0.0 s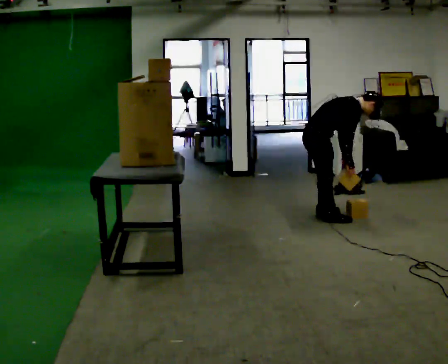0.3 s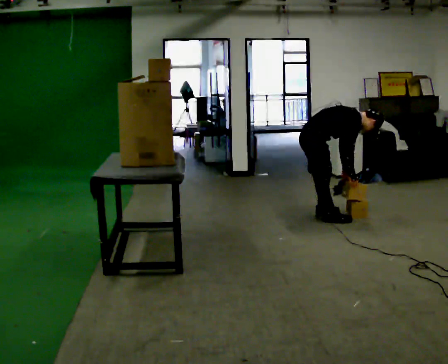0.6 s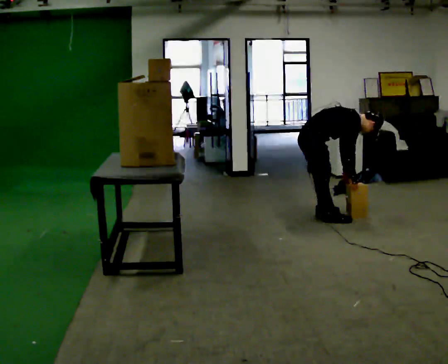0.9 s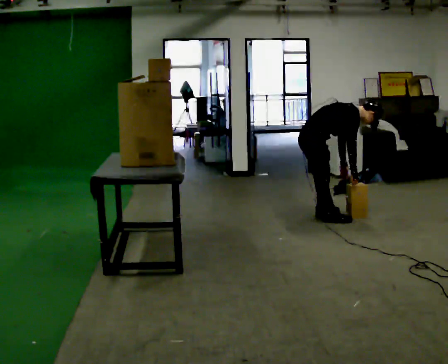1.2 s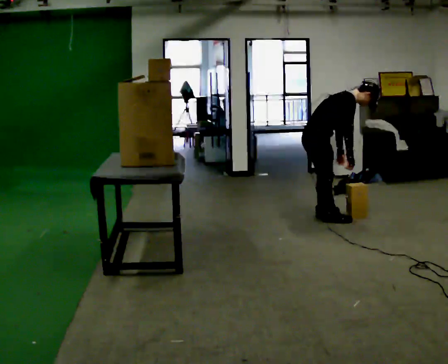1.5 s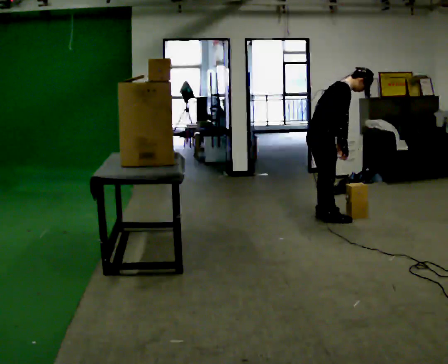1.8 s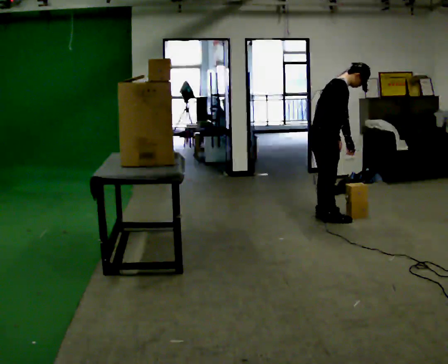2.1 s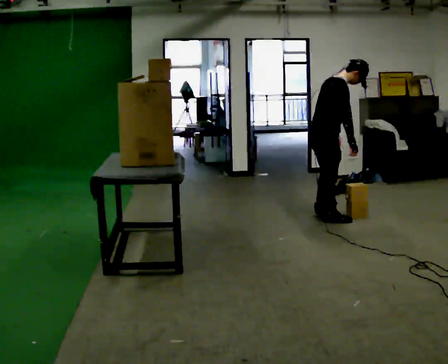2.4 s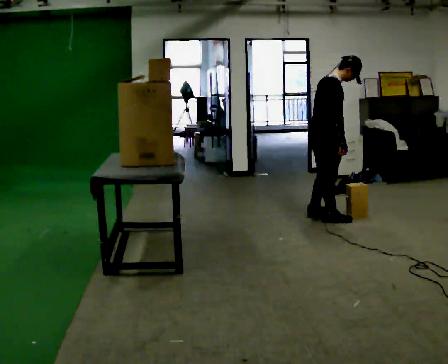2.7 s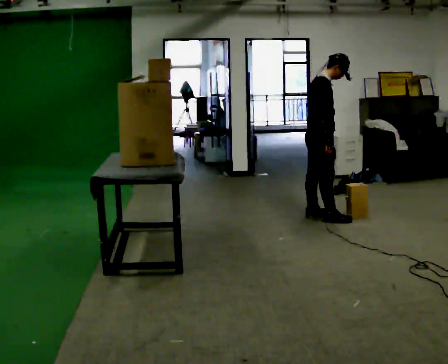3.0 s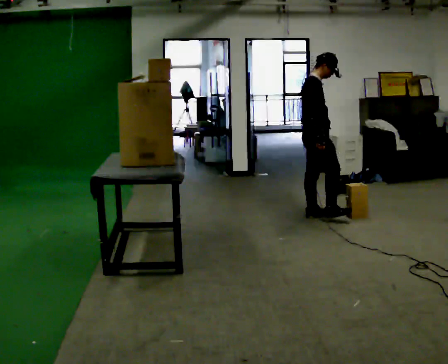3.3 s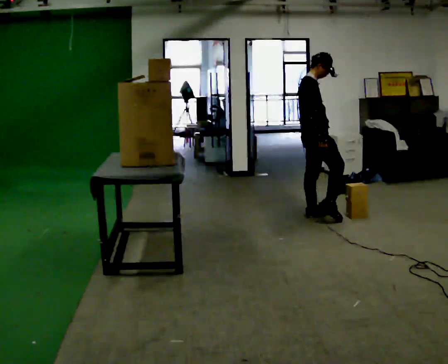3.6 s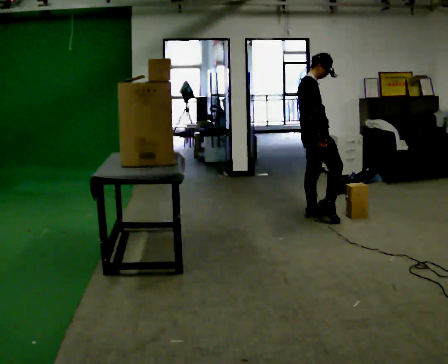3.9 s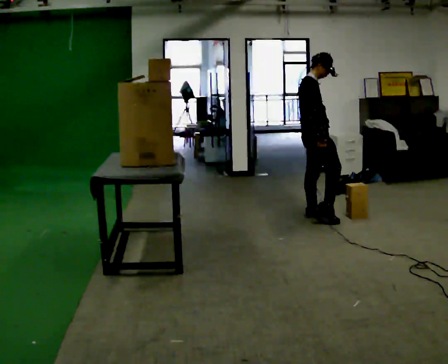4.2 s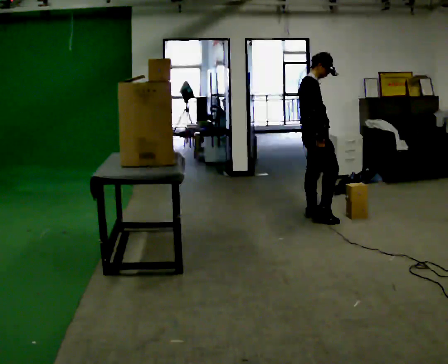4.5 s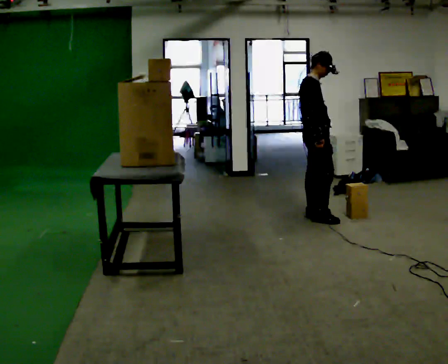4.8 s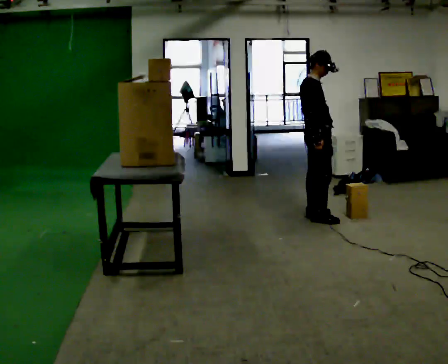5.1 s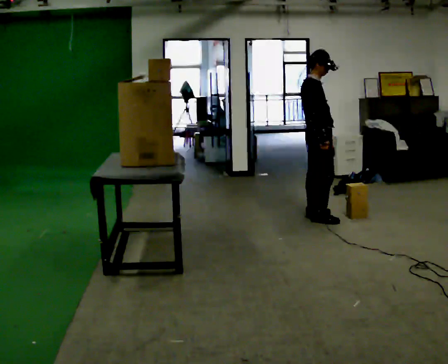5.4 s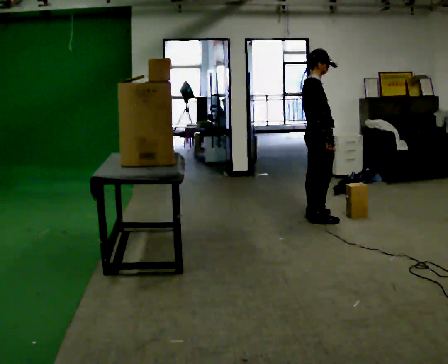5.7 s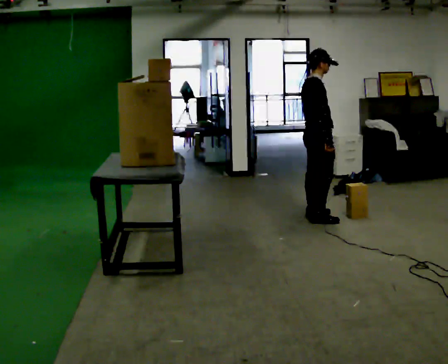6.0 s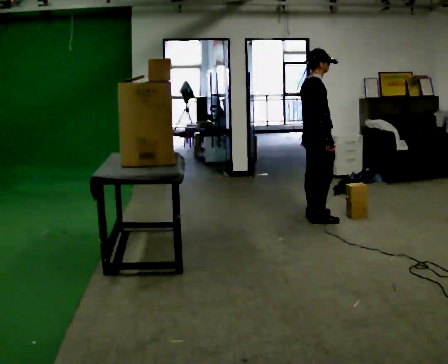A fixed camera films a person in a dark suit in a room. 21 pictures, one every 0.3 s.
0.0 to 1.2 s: The person moves a little, or ends about where they began.
1.2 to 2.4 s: The upper body goes upward. In the picture the upper body tilts counterclockwise, shoulders to the left, as they lean back or straighten.
2.4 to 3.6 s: In the picture they go away from the camera, about 0.25 m, which for them is to their left. In the picture the upper body tilts counterclockwise, shoulders to the left, as they lean back or straighten.
3.6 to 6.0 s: The person moves a little, or ends about where they began.
The film runs backward here.
